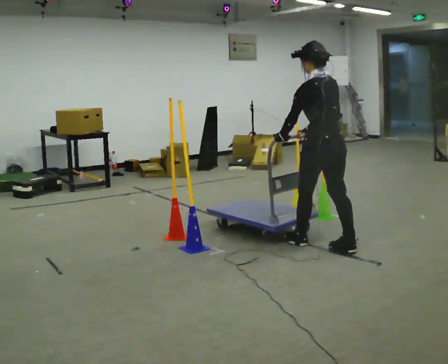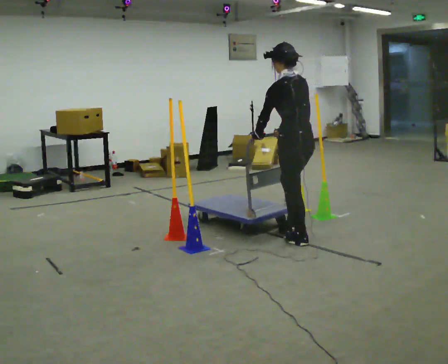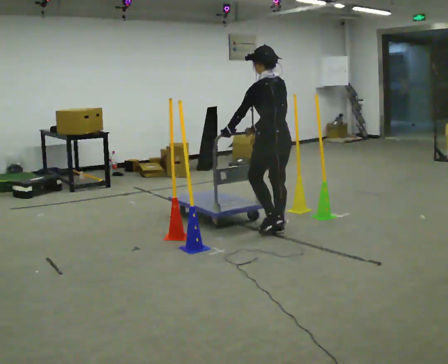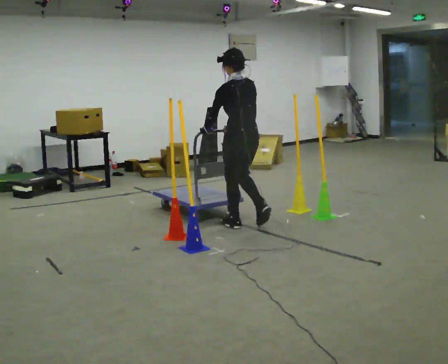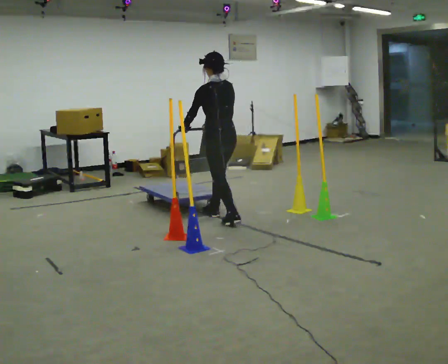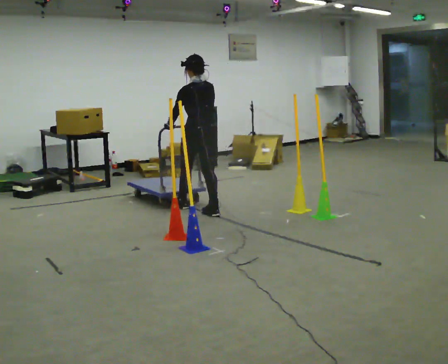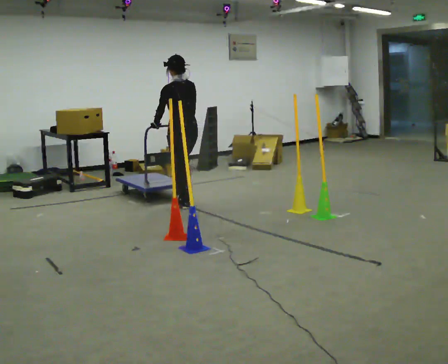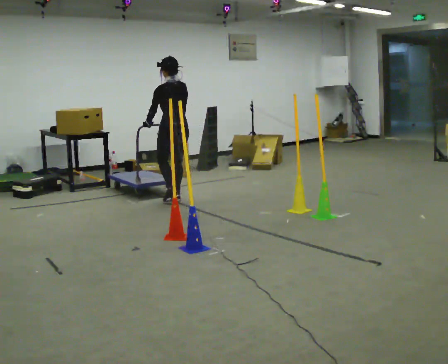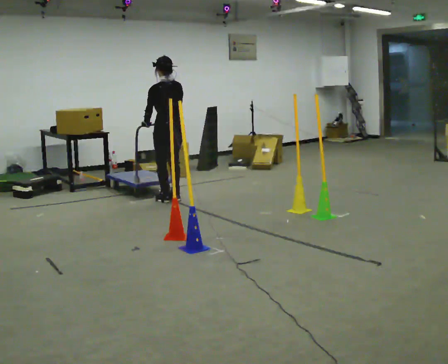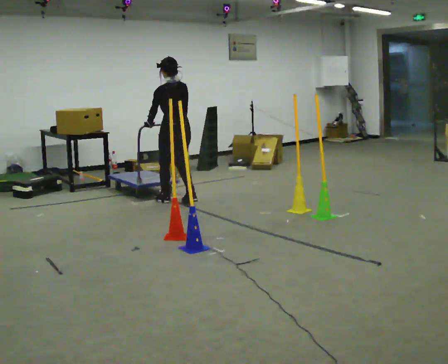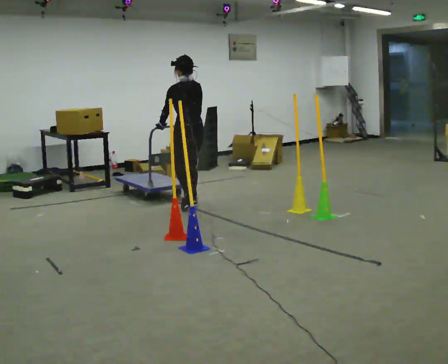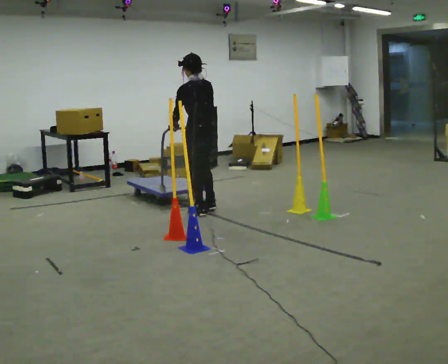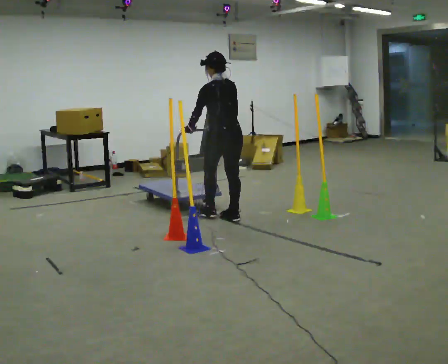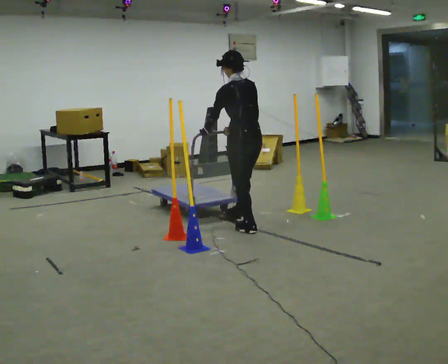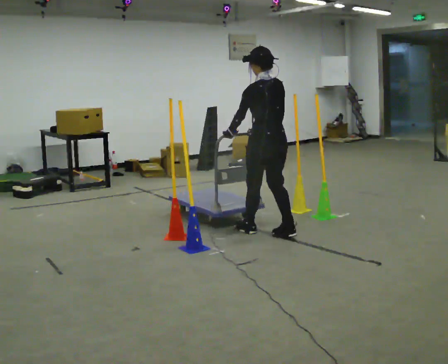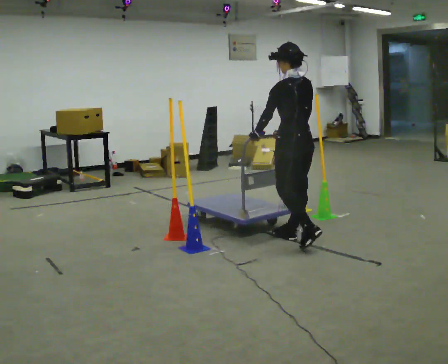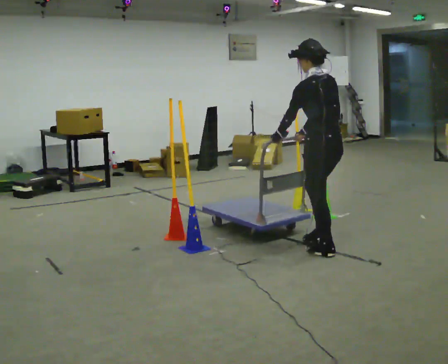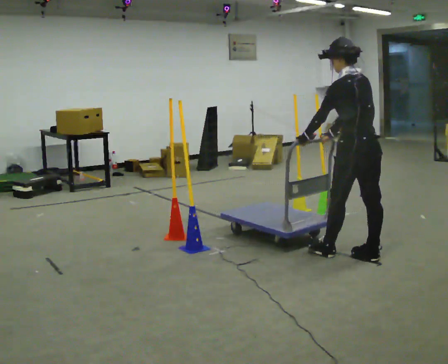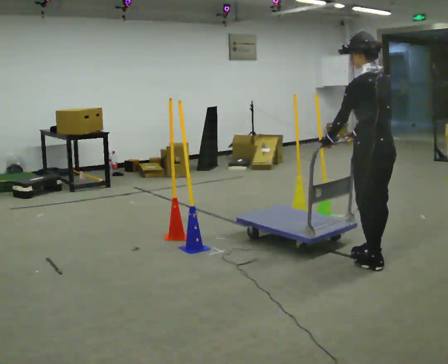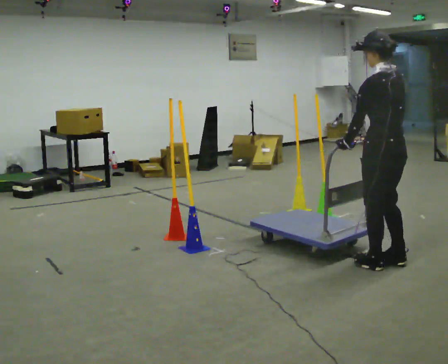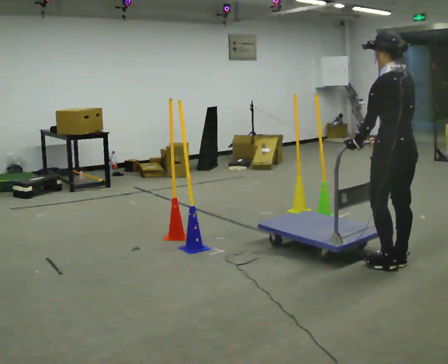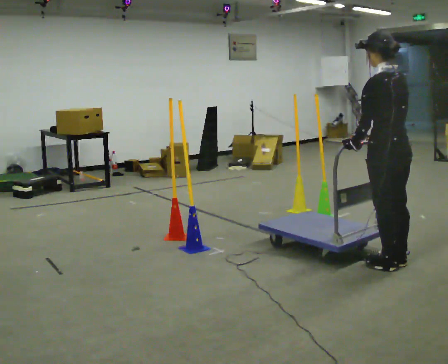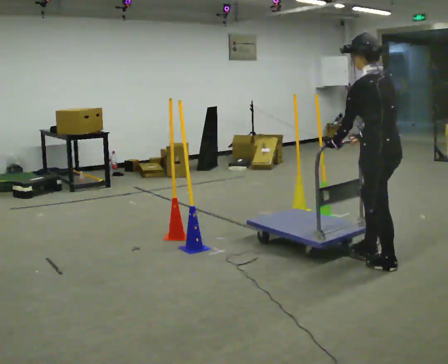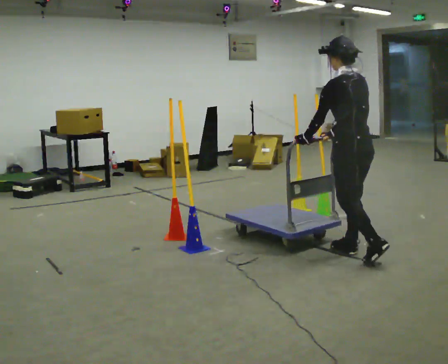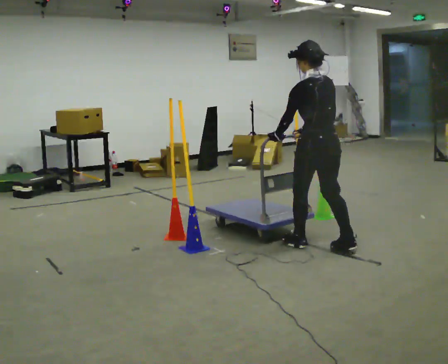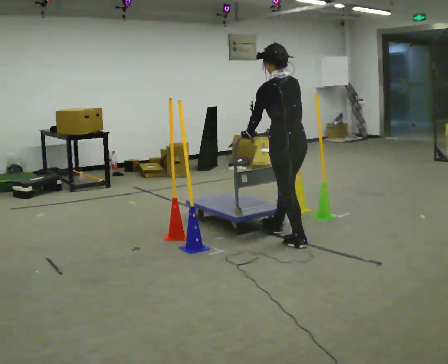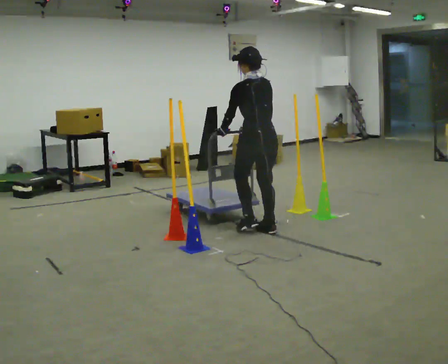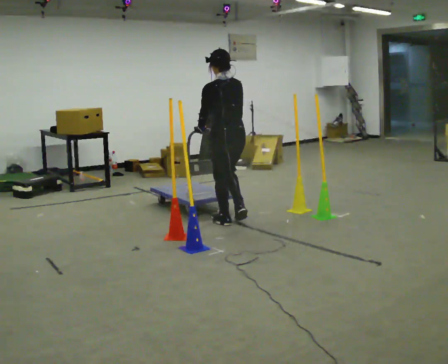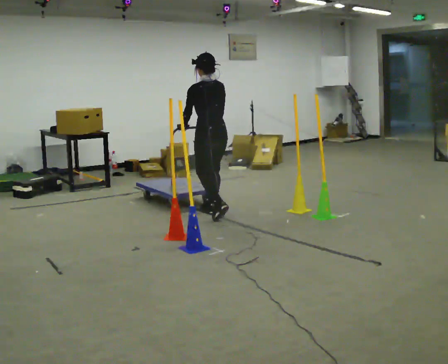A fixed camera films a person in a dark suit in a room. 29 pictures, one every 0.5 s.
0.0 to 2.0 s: In the picture they go away from the camera and to the left, about 1.5 m in 3 steps, which for them is forward.
2.0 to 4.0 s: In the picture they go away from the camera and to the left, about 1 m in 3 steps, which for them is forward.
4.0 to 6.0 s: In the picture they go toward the camera and to the right, about 1 m in 3 steps, which for them is backward.
6.0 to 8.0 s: In the picture they go toward the camera and to the right, about 1.5 m in 3 steps, which for them is backward.
8.0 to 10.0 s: In the picture they go to the right and toward the camera, about 0.5 m in 3 steps, which for them is backward.
10.0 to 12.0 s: In the picture they go to the left and away from the camera, about 0.75 m in 2 steps, which for them is forward.
12.0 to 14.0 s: In the picture they go away from the camera and to the left, about 1.5 m in 3 steps, which for them is forward.
The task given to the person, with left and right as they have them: Push the cart in and out of the line of poles without touching any of them. Keep going until the operator says stop.
The film runs forward here.
